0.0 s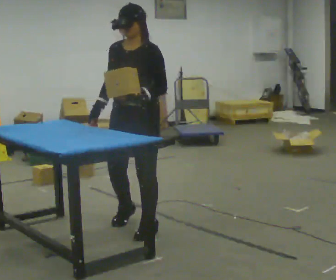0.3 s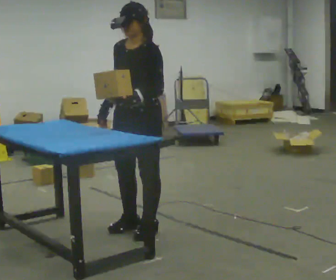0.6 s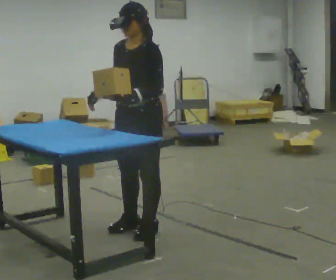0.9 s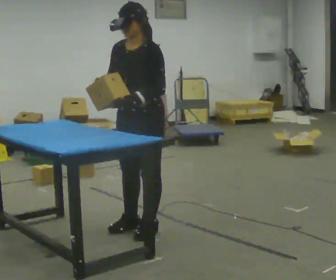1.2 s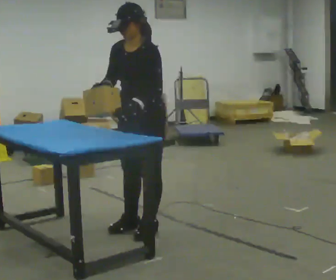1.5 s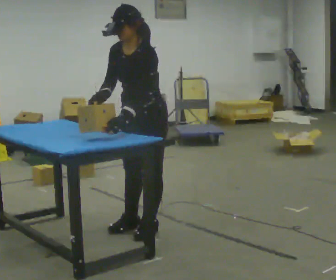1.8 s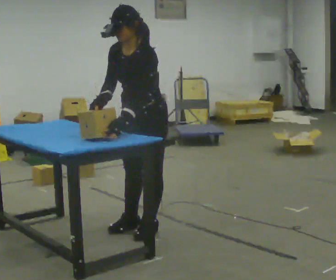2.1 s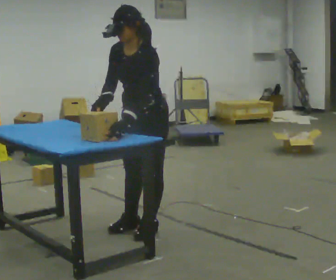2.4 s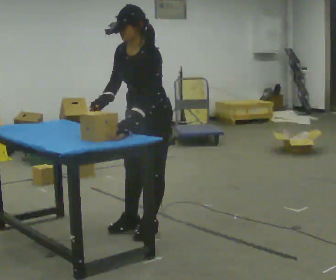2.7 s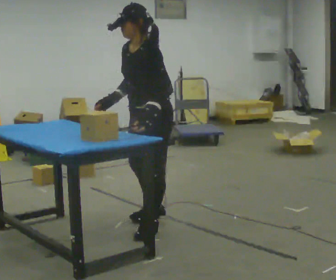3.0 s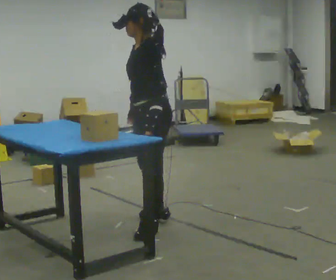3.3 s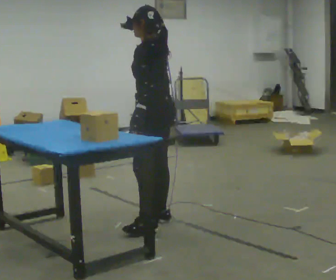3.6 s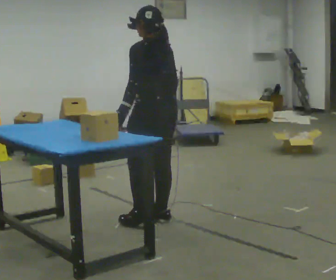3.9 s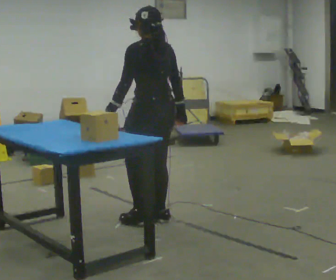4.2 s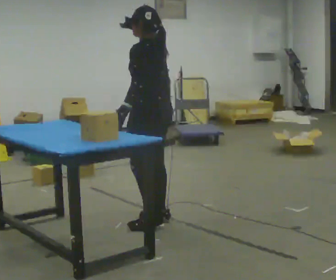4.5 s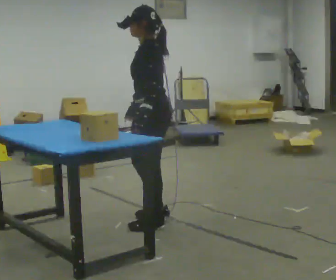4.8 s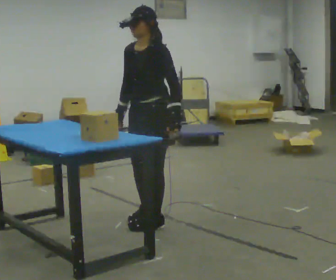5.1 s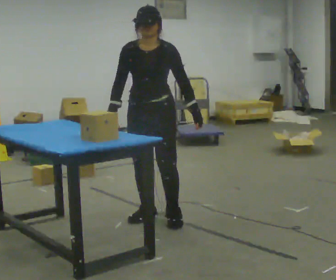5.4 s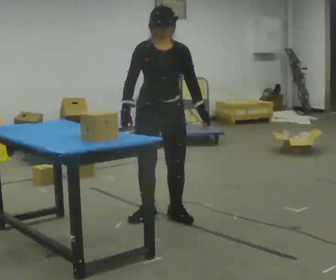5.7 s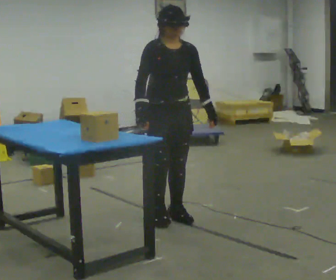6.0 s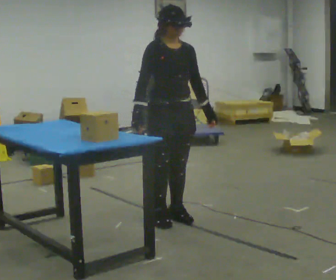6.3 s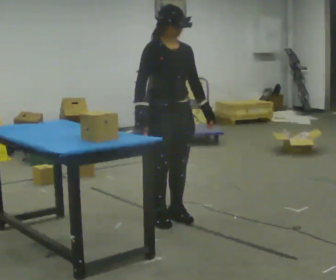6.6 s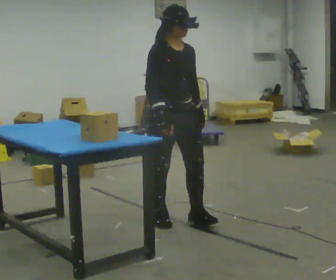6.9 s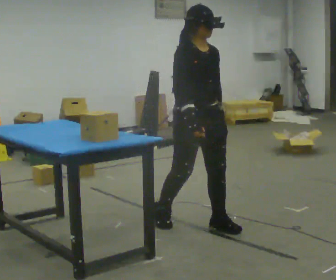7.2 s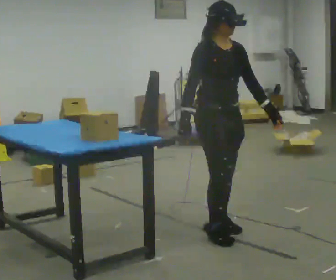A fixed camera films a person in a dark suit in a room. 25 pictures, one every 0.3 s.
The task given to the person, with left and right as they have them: Pick the object up off the floor using only the hand the operator calls, then carry it to the table in that same hand. Keep going until the operator says stop; one object at a time, and do not rush between trips.
0.0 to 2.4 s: The person moves a little, or ends about where they began.
2.4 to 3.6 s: The part of the body nearest the lens slides to the left as the person turns to their right by about 90 degrees. In the picture they go away from the camera, about 0.25 m in 1 step. The upper body tips away from the camera, its near side rolling upward, as they lean back or straighten. In the picture their right hand goes to the right, the arm swinging counterclockwise.
3.6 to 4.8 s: The person turns about 90 degrees to their left, counterclockwise seen from above, so the part of the body nearest the lens slides to the right. In the picture their left hand goes to the right, the arm swinging counterclockwise.
4.8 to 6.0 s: Seen from above the body turns counterclockwise, about 75 degrees: to their left, with its near side sliding to the right.
6.0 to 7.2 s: In the picture they go toward the camera and to the right, about 0.5 m in 1 step, which for them is forward.
The film runs forward here.
